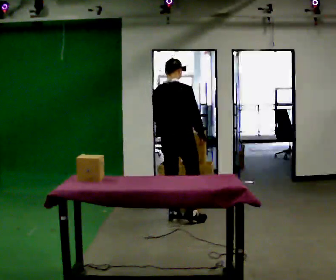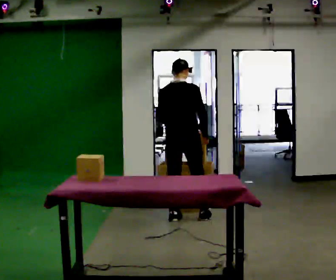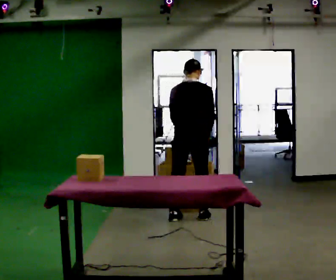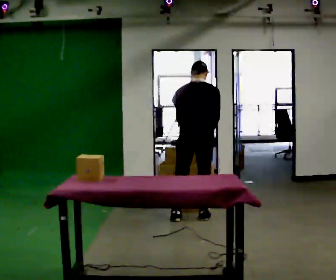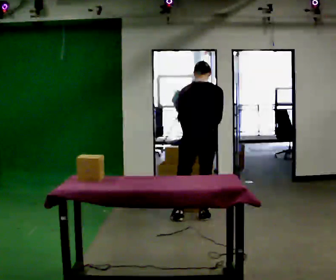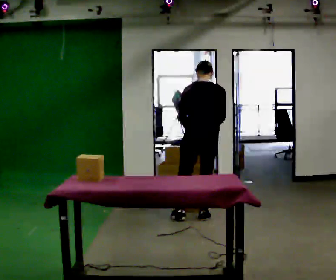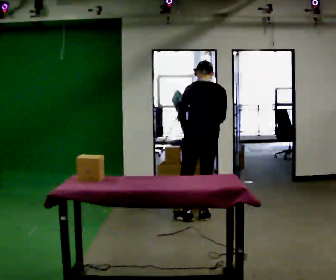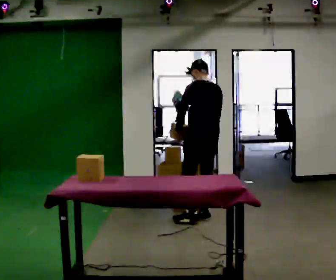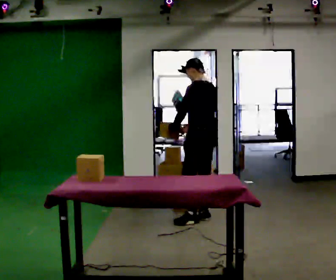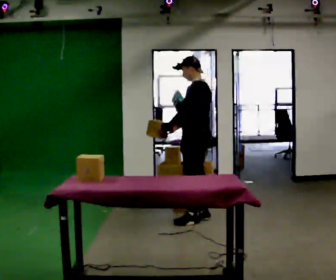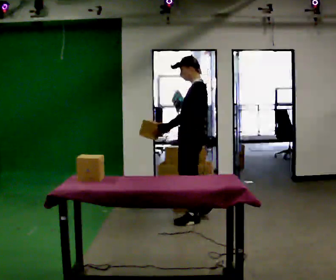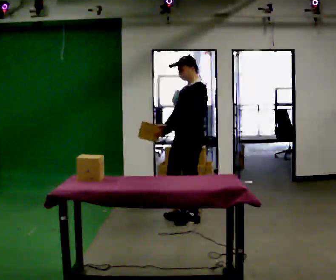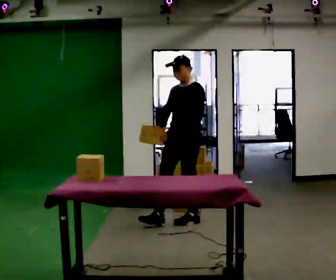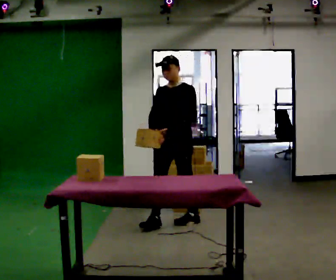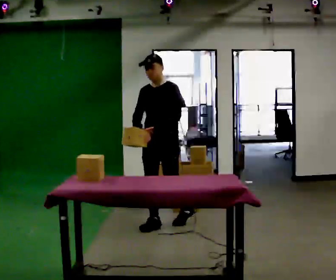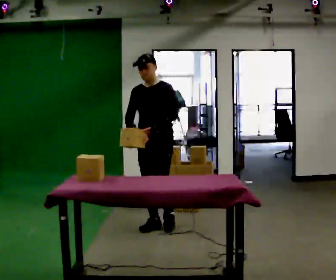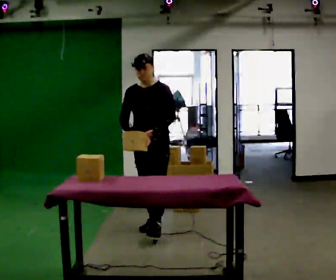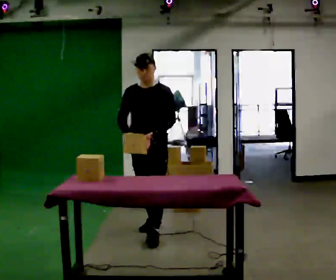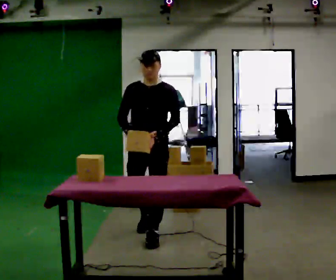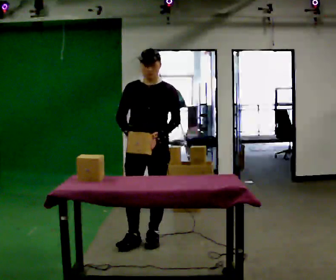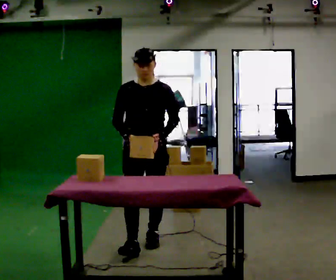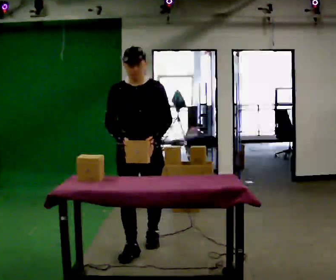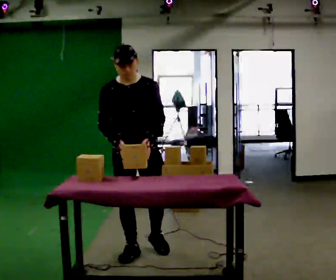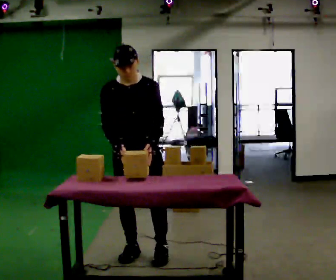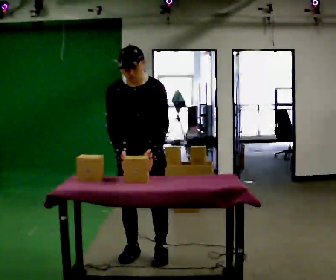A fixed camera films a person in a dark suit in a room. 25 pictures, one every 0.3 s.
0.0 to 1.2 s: The part of the body nearest the lens slides to the right as the person turns to their left by about 30 degrees. In the picture they go to the right, about 0.25 m in 1 step, which for them is to their right.
1.2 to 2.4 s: Seen from above the body turns counterclockwise, about 60 degrees: to their left, with its near side sliding to the right.
2.4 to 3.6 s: Seen from above the body turns counterclockwise, about 75 degrees: to their left, with its near side sliding to the right. In the picture they go to the left and toward the camera, about 0.25 m.
3.6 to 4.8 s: The part of the body nearest the lens slides to the right as the person turns to their left by about 30 degrees. In the picture they go to the left and toward the camera, about 0.5 m in 1 step, which for them is forward and to their right.
4.8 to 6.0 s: In the picture they go toward the camera, about 0.5 m in 2 steps, which for them is forward.
6.0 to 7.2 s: In the picture they go toward the camera, about 0.25 m in 1 step, which for them is forward. The upper body tips toward the camera, its near side rolling downward, as they bend forward.
The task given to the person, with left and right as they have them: Take the objects the operator names off the crowded shelf, one at a time, and carry each one to the table. You will have to move other things out of the way to reach them. Keep going until the operator says stop; one object at a time, and do not rush between trips.
The film runs forward here.
